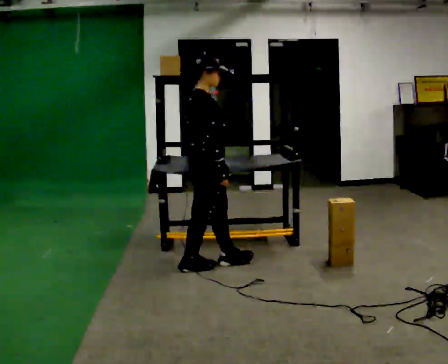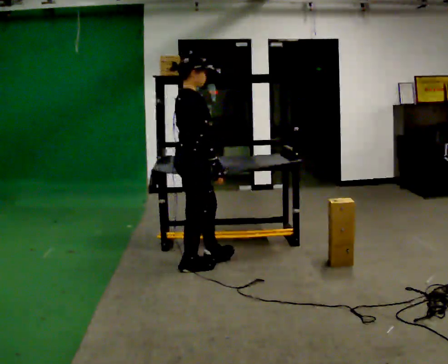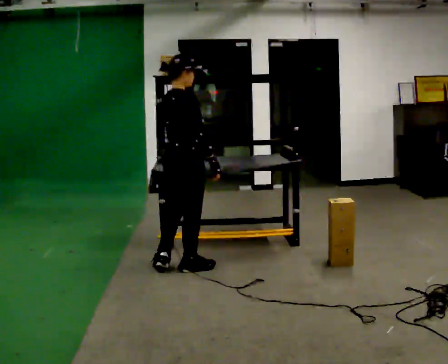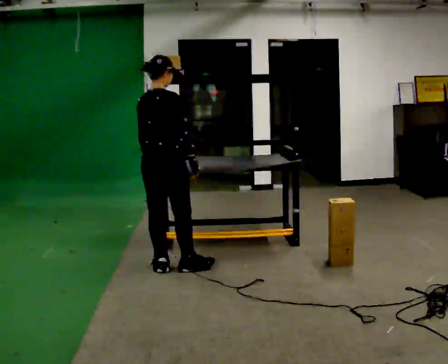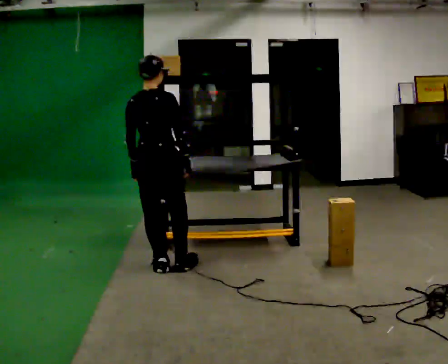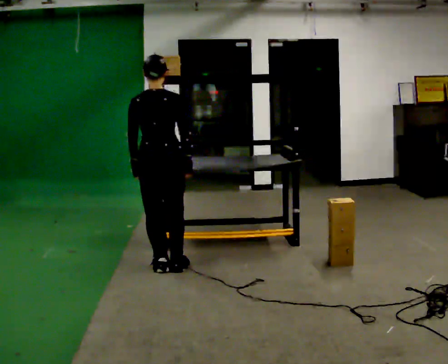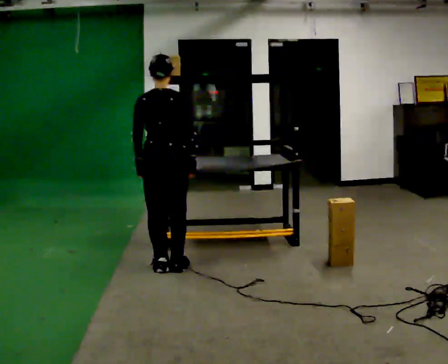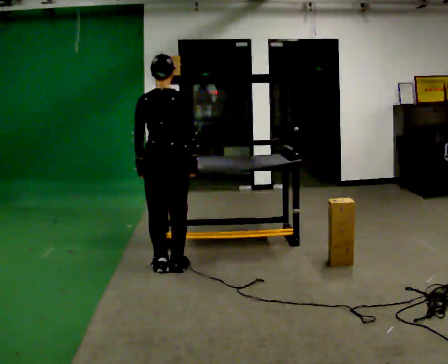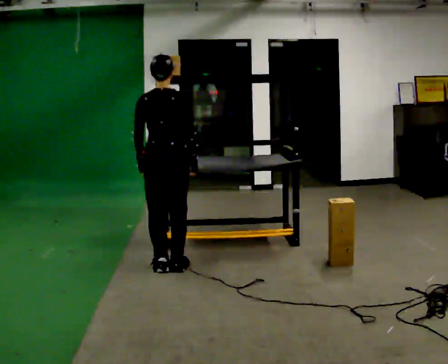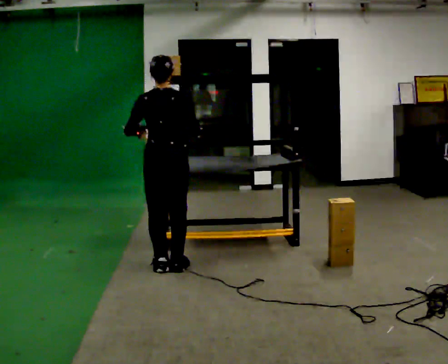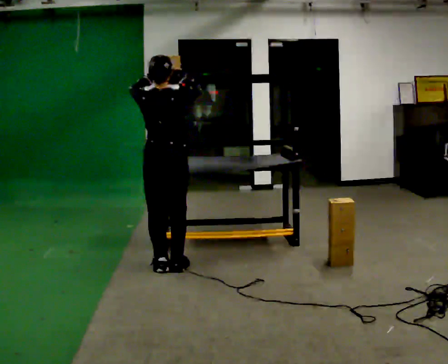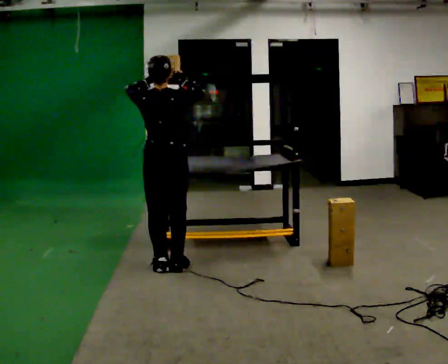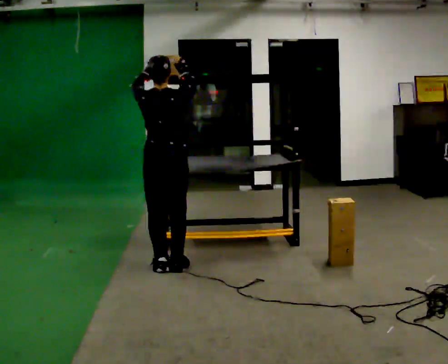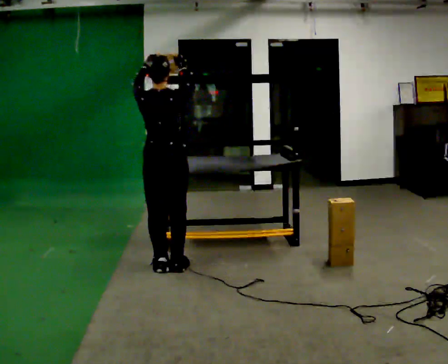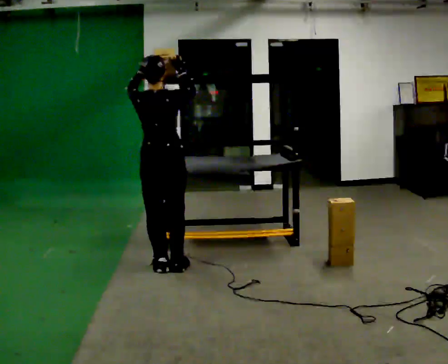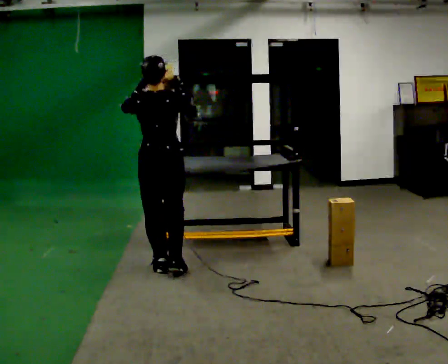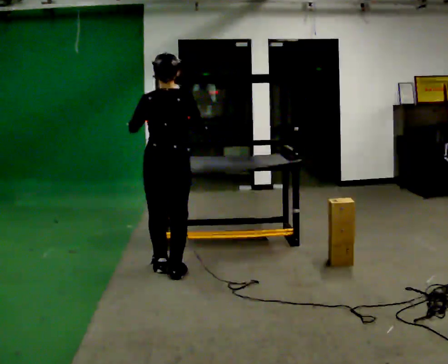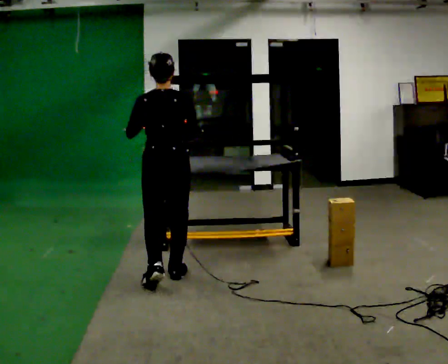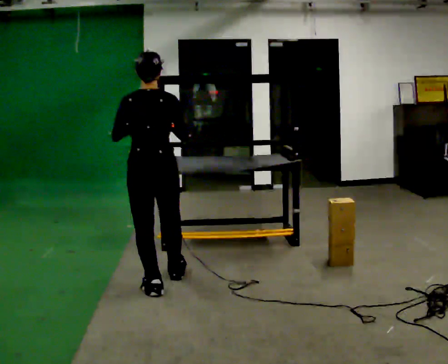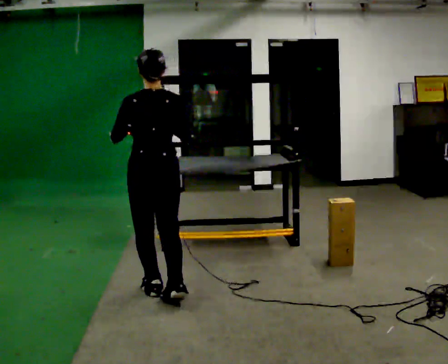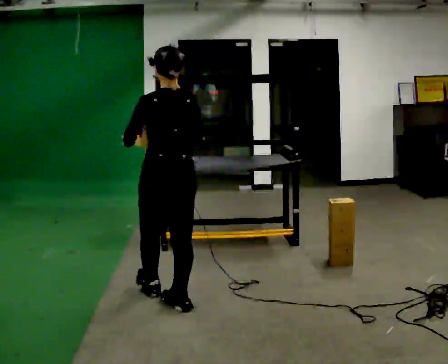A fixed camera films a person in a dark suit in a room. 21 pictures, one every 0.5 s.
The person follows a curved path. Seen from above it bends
counterclockwise.
The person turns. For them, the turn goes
to their left.
0.0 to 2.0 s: The person turns about 75 degrees to their left, counterclockwise seen from above, so the part of the body nearest the lens slides to the right. In the picture they go to the left, about 0.25 m in 1 step.
2.0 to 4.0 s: The person moves a little, or ends about where they began.
4.0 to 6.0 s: In the picture their left hand goes upward.
6.0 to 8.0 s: In the picture they go toward the camera, about 0.25 m in 1 step, which for them is backward.
8.0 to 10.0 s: In the picture they go toward the camera, about 0.5 m in 2 steps, which for them is backward.
The film runs backward here.
